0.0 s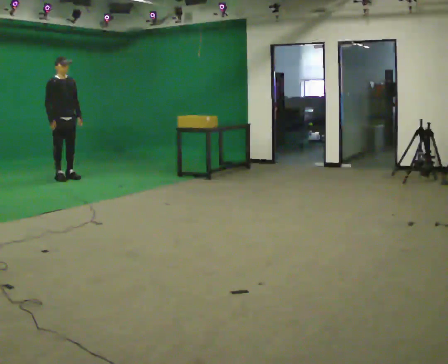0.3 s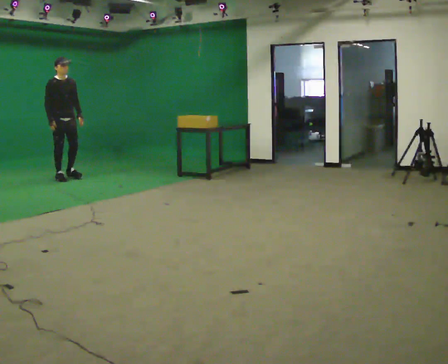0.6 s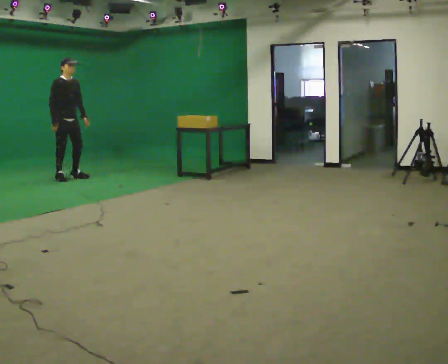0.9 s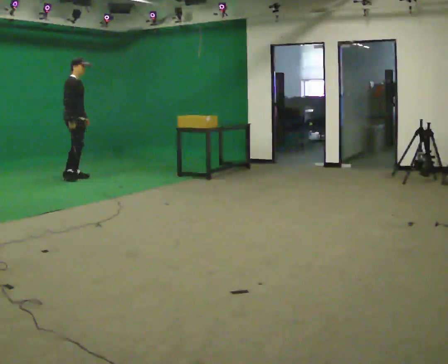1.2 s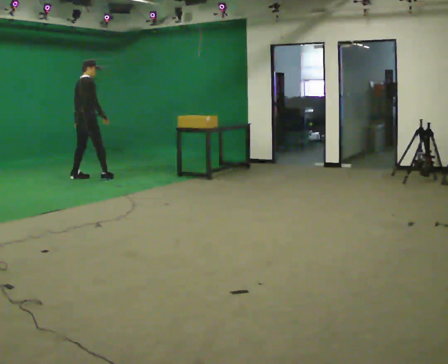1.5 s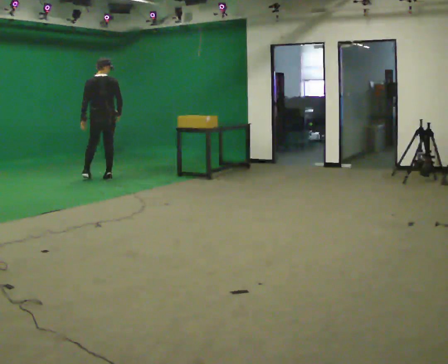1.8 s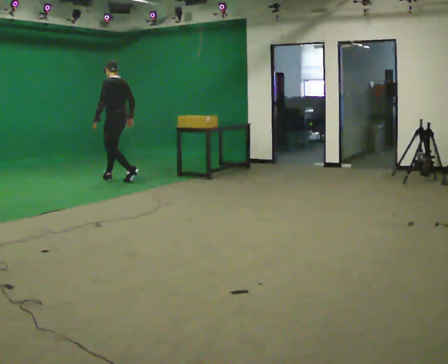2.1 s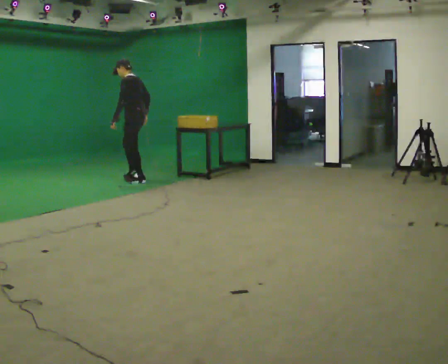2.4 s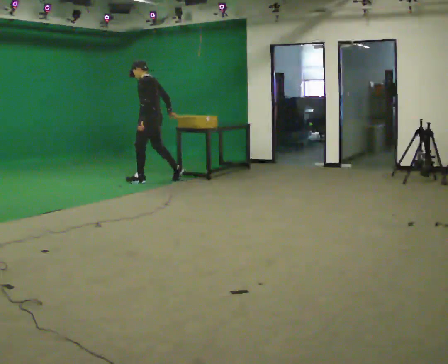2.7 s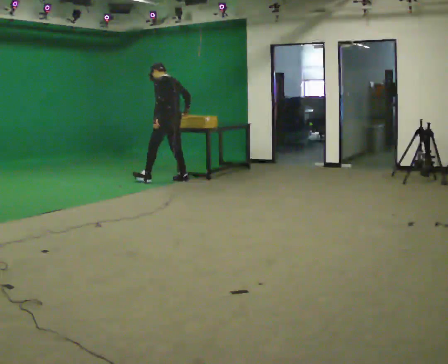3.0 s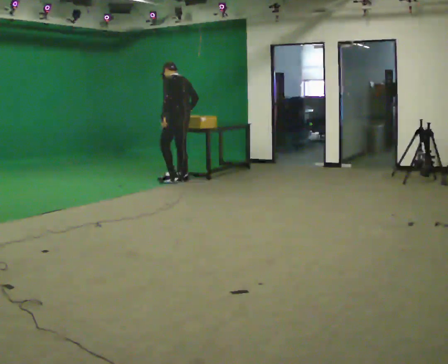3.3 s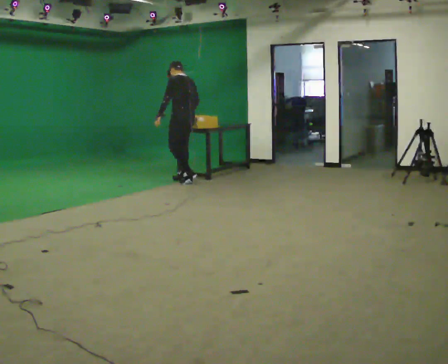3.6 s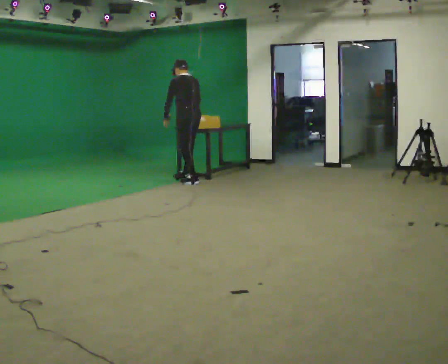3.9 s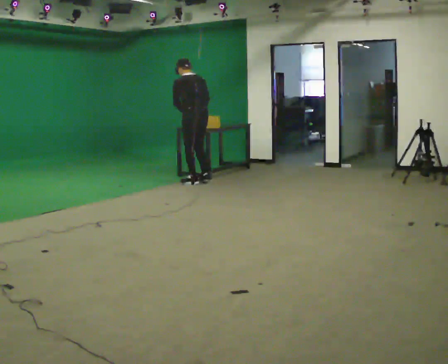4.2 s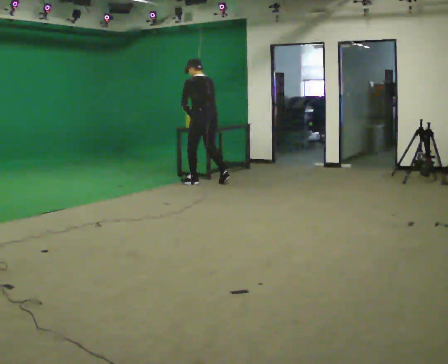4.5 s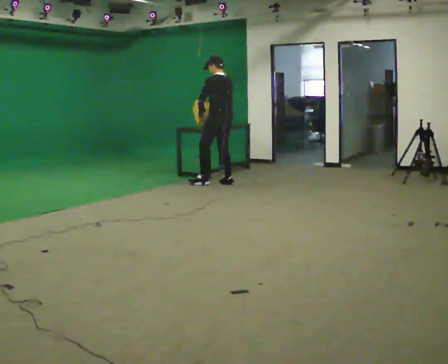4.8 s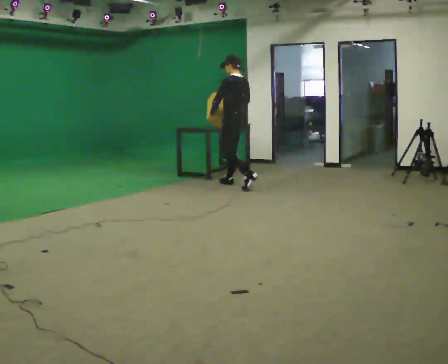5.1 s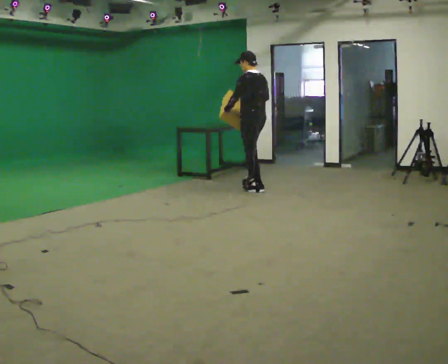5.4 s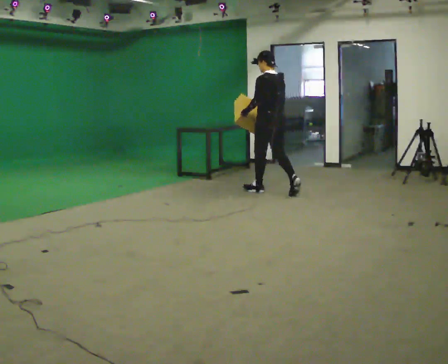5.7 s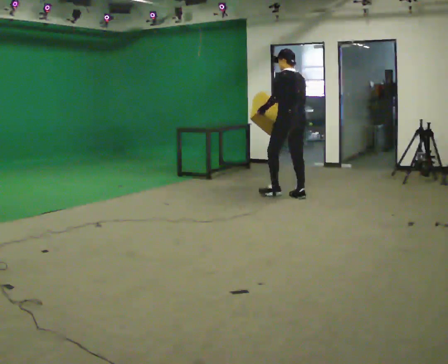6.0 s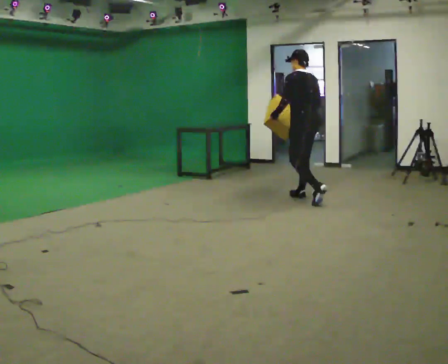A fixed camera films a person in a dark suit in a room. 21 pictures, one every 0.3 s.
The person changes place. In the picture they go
to the right.
0.0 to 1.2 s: Seen from above the body turns counterclockwise, about 90 degrees: to their left, with its near side sliding to the right. In the picture they go to the right, about 0.25 m in 1 step.
1.2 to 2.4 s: Seen from above the body turns counterclockwise, about 120 degrees: to their left, with its near side sliding to the right. In the picture they go to the right, about 1 m in 2 steps.
2.4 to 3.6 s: The part of the body nearest the lens slides to the left as the person turns to their right by about 30 degrees. In the picture they go to the right, about 0.5 m in 1 step, which for them is backward and to their right.
3.6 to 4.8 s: In the picture they go to the right and toward the camera, about 0.75 m in 2 steps, which for them is backward and to their right.
4.8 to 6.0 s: In the picture they go toward the camera and to the right, about 1 m in 2 steps, which for them is backward.
The film runs backward here.
